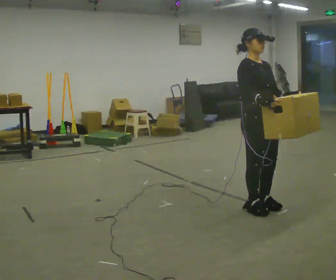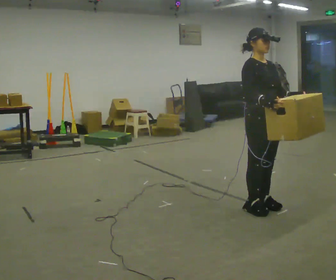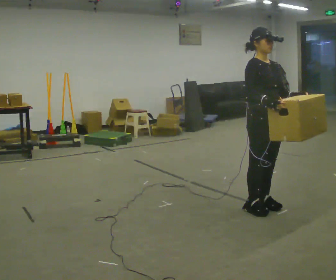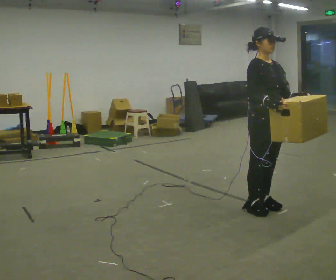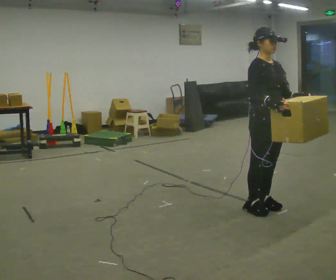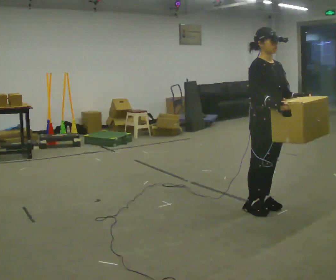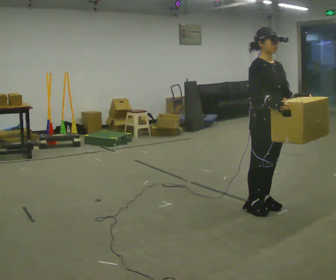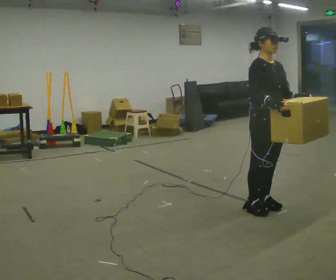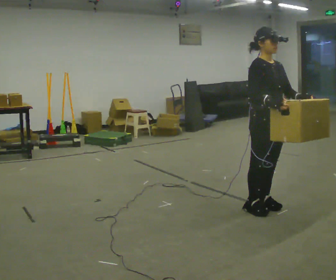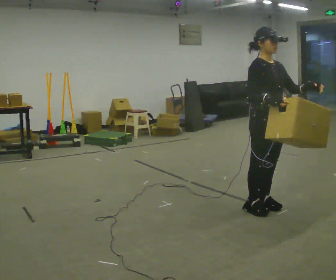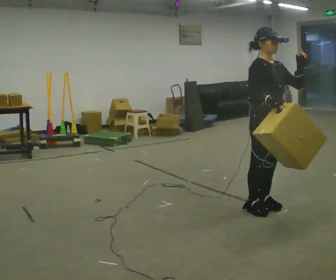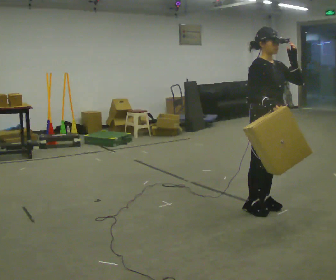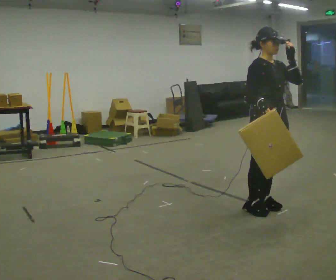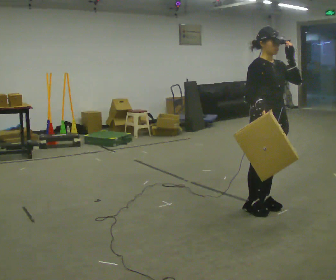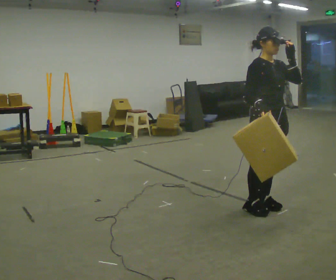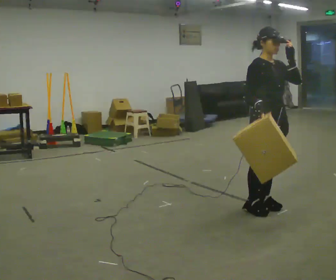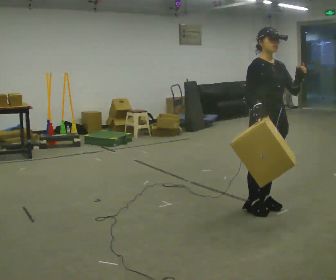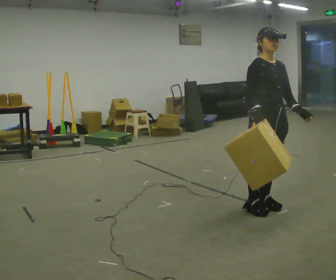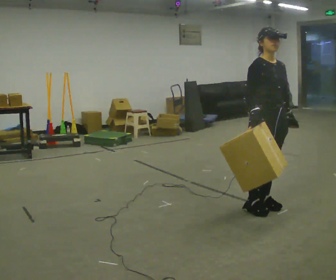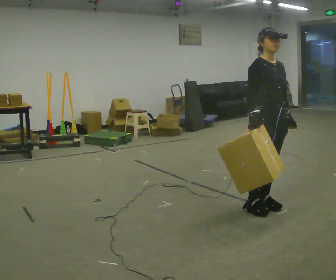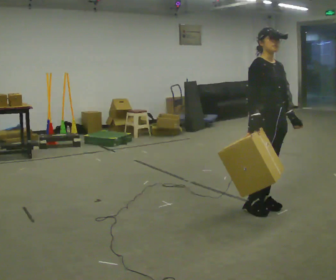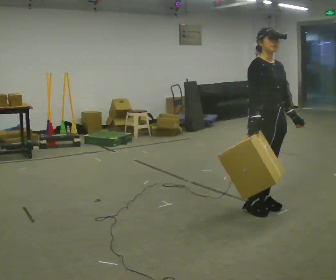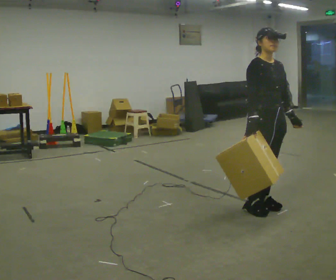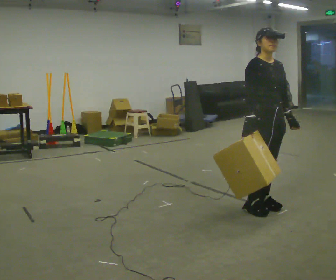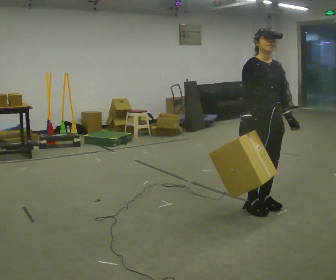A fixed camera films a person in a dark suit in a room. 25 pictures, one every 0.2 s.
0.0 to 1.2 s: The person moves a little, or ends about where they began.
1.2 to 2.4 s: In the picture their left hand goes upward.
2.4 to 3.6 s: In the picture their left hand goes downward.
3.6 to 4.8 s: The person moves a little, or ends about where they began.
The film runs forward here.
